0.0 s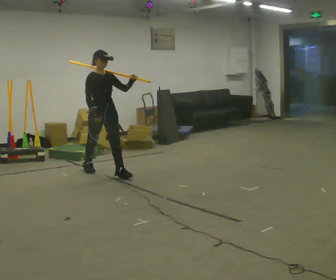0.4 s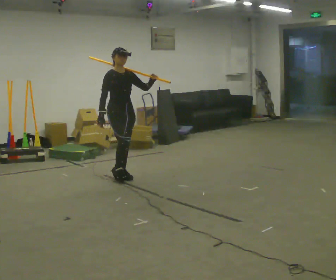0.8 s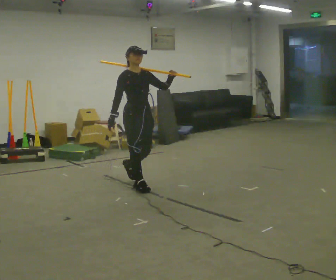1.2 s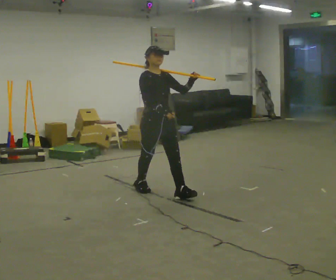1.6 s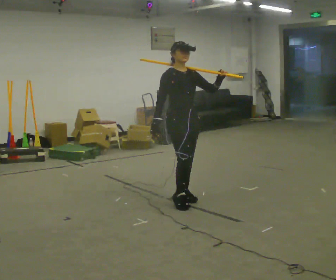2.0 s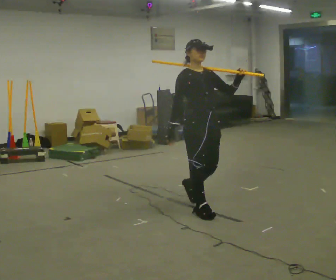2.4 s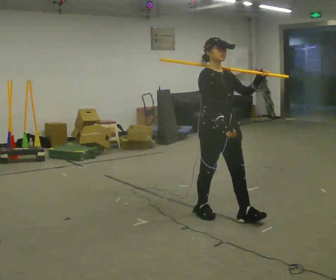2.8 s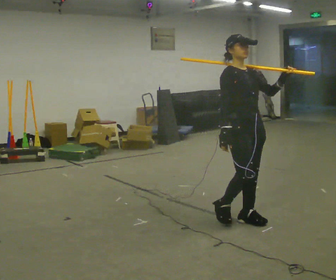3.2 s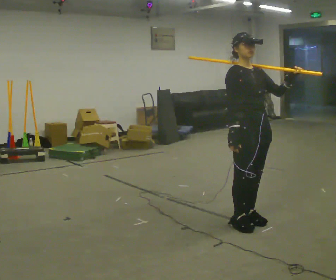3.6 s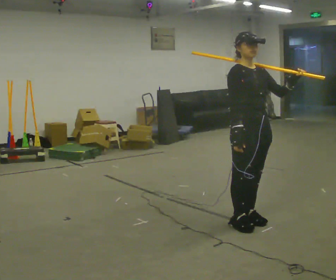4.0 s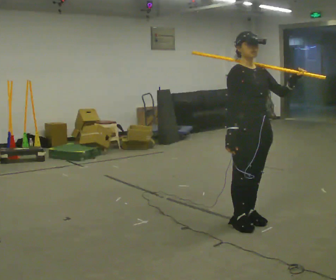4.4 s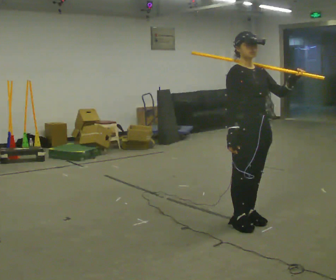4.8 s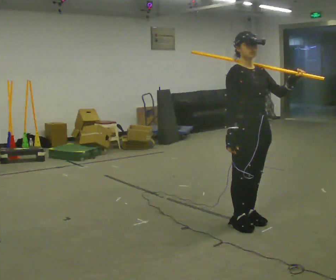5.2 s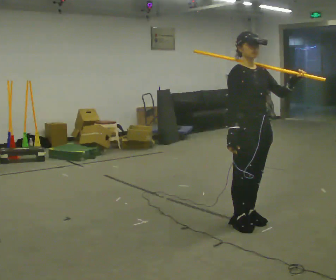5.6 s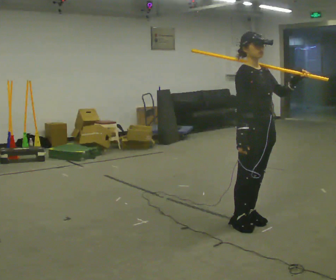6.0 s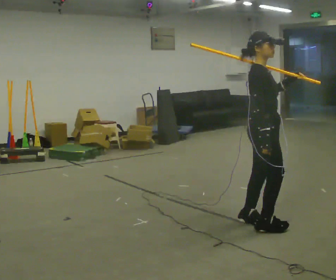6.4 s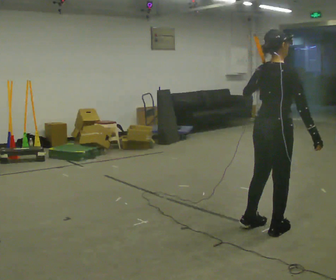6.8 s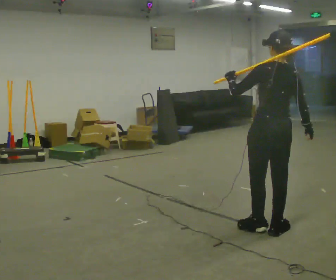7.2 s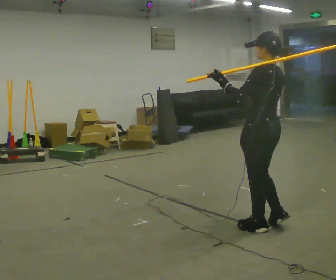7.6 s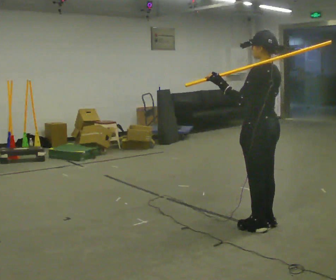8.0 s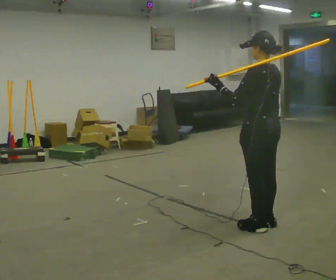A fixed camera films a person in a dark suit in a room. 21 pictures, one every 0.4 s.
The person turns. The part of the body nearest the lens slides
to the right.
The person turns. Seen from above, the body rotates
counterclockwise.
0.0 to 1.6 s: In the picture they go to the right and toward the camera, about 1.5 m in 2 steps, which for them is forward.
1.6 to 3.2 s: In the picture they go toward the camera and to the right, about 1 m in 3 steps, which for them is forward.
3.2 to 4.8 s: The person moves a little, or ends about where they began.
4.8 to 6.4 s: Seen from above the body turns counterclockwise, about 105 degrees: to their left, with its near side sliding to the right. In the picture they go to the right, about 0.25 m in 1 step. In the picture their left hand goes to the left.
6.4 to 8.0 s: The person turns about 75 degrees to their left, counterclockwise seen from above, so the part of the body nearest the lens slides to the right.
The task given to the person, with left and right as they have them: Rest the long object on the shoulder the operator calls and carry it across the room, back and forth.
The film runs forward here.
